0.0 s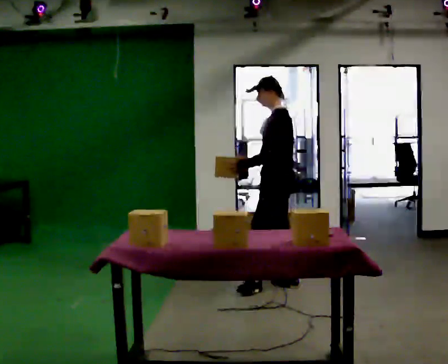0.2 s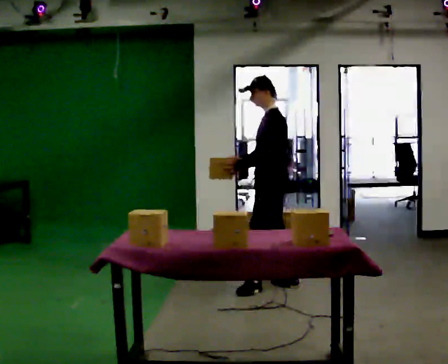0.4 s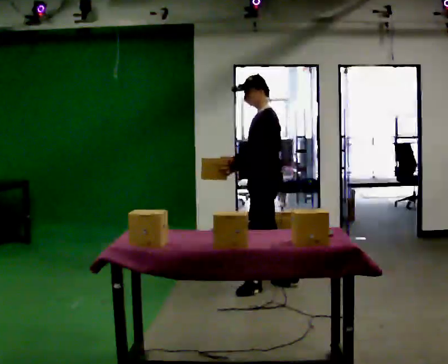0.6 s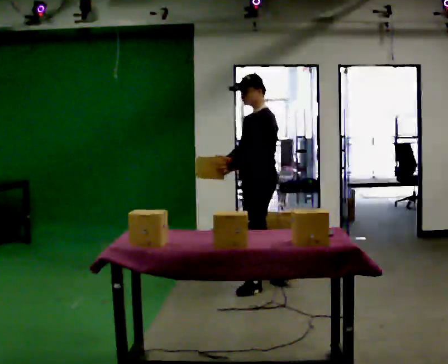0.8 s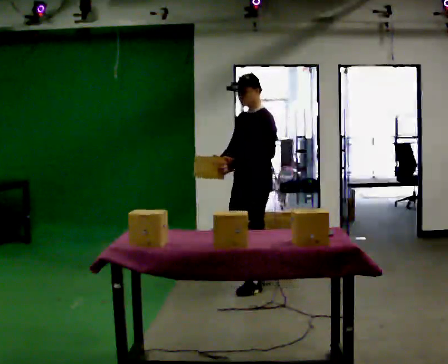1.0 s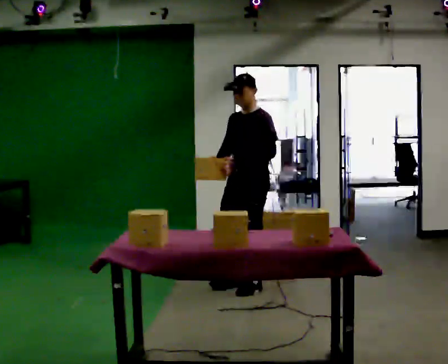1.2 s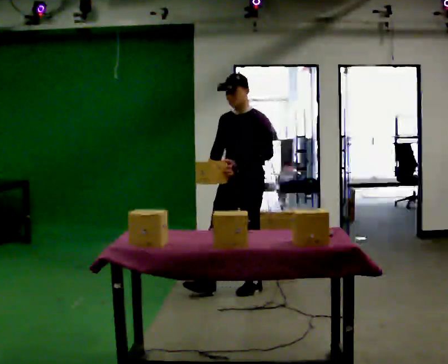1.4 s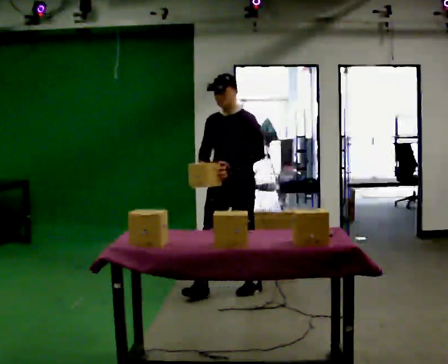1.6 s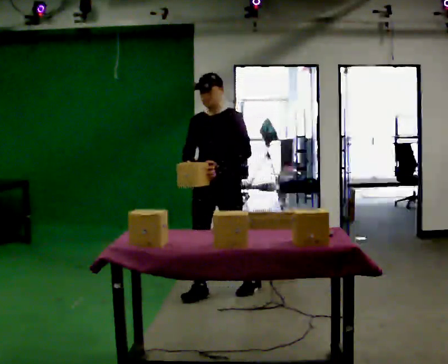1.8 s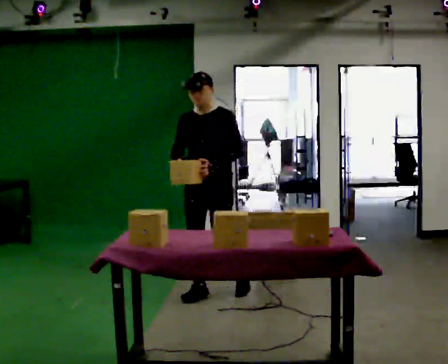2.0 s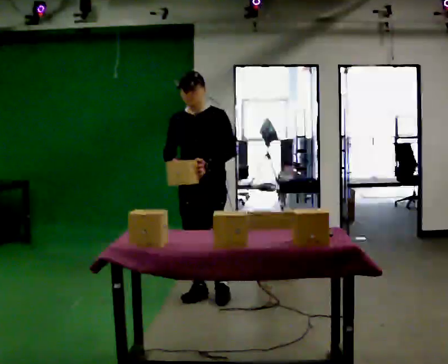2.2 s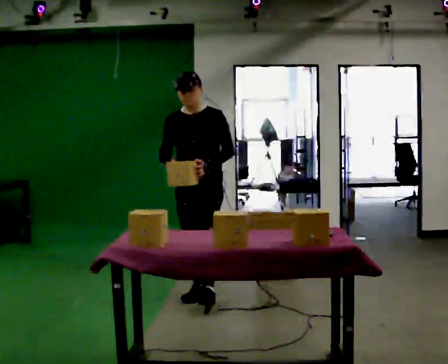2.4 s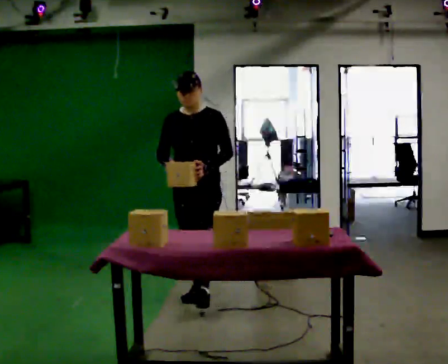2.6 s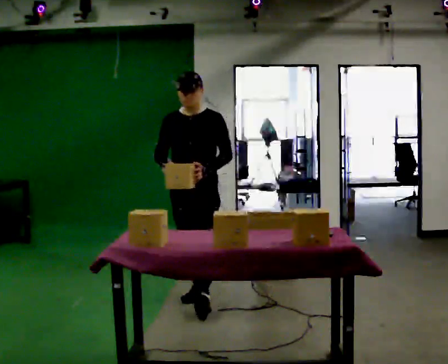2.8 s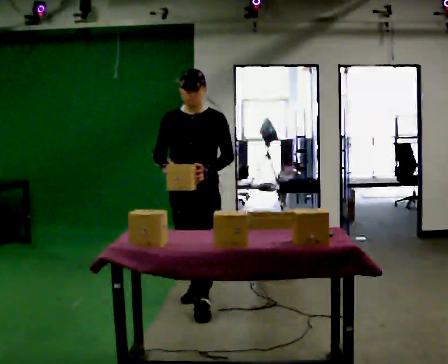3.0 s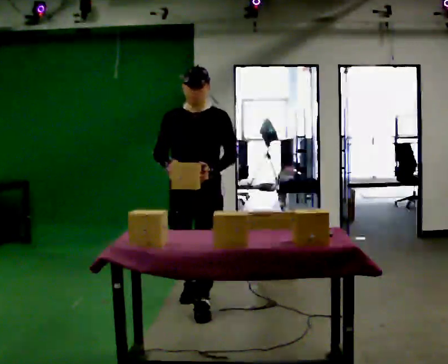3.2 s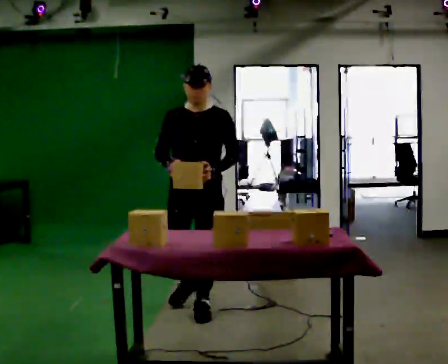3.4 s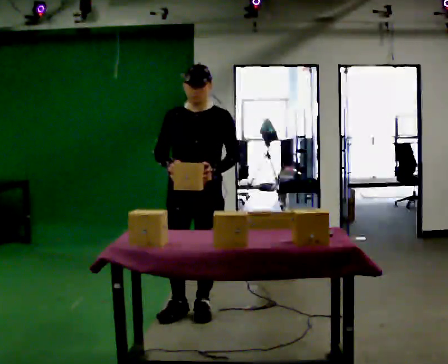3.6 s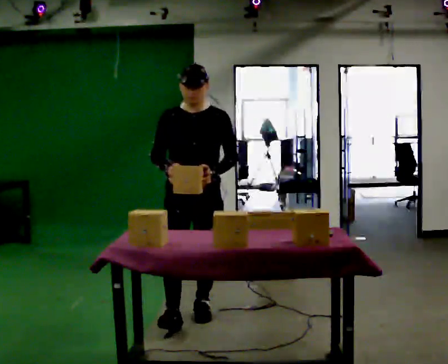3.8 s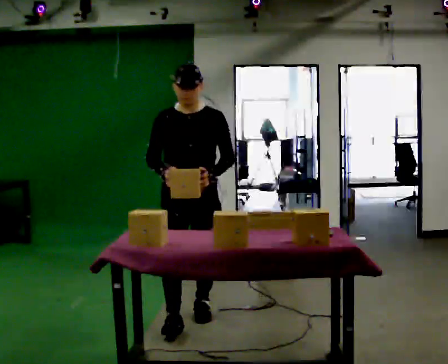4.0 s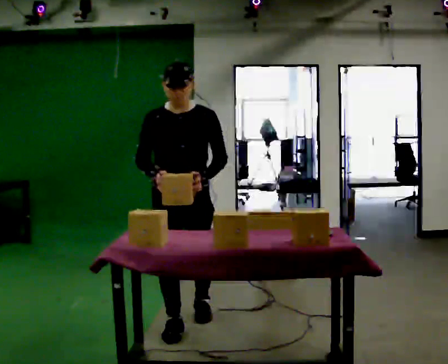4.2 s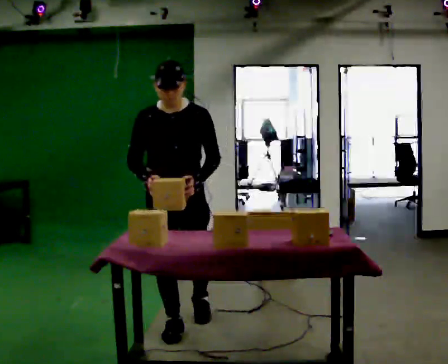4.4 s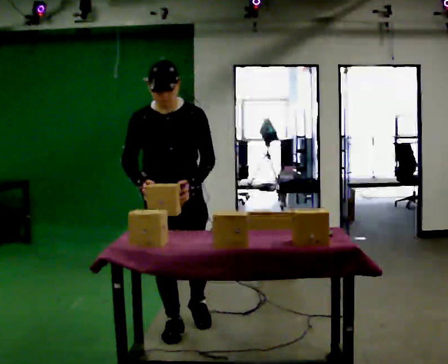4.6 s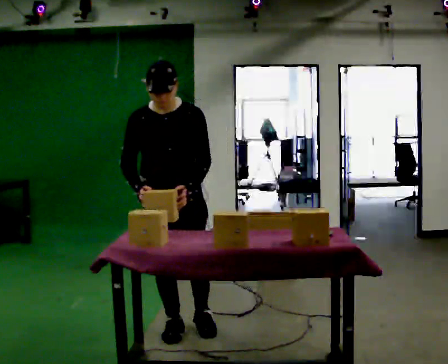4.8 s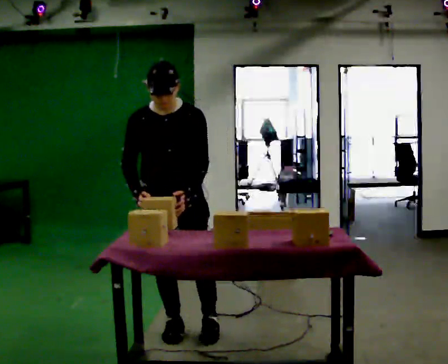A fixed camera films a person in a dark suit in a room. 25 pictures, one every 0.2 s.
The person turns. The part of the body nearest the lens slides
to the right.
Their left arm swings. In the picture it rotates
counterclockwise.
0.0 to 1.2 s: The person turns about 60 degrees to their left, counterclockwise seen from above, so the part of the body nearest the lens slides to the right. In the picture they go to the left and toward the camera, about 0.25 m, which for them is forward.
1.2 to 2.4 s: In the picture they go to the left and toward the camera, about 0.5 m in 2 steps, which for them is forward and to their right.
2.4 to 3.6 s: In the picture they go toward the camera, about 0.5 m, which for them is forward.
3.6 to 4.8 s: In the picture they go toward the camera, about 0.25 m in 1 step, which for them is forward and to their right.
The film runs forward here.
